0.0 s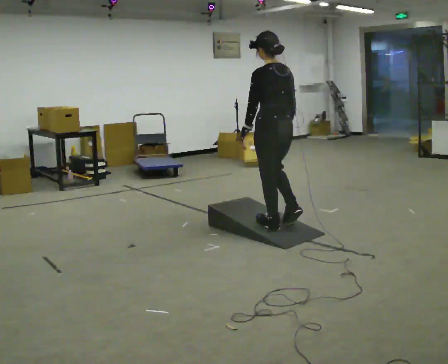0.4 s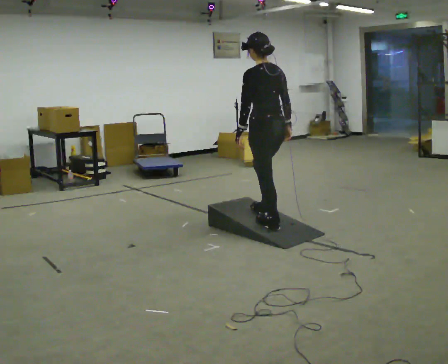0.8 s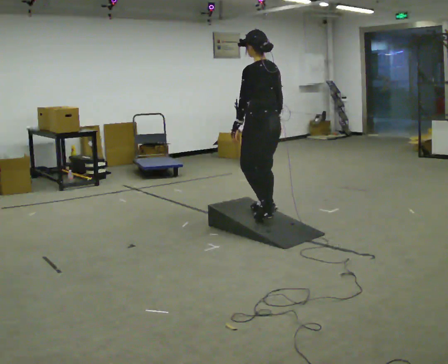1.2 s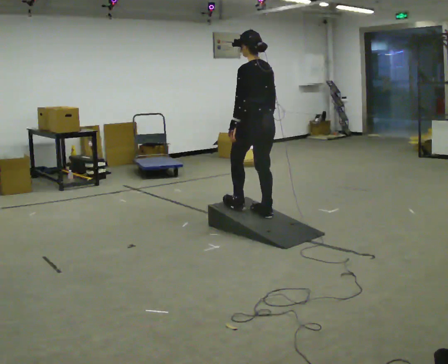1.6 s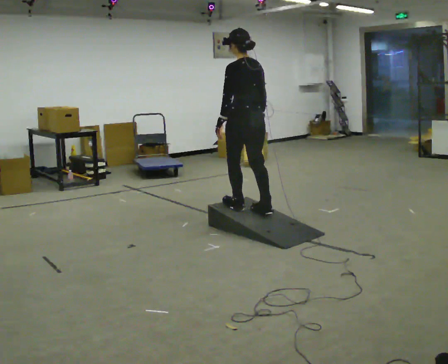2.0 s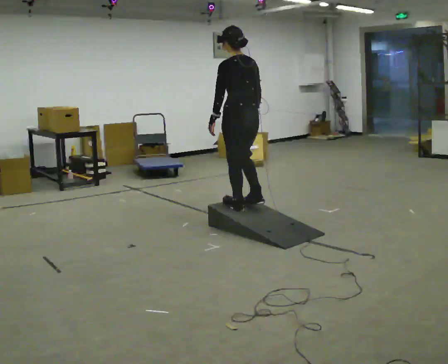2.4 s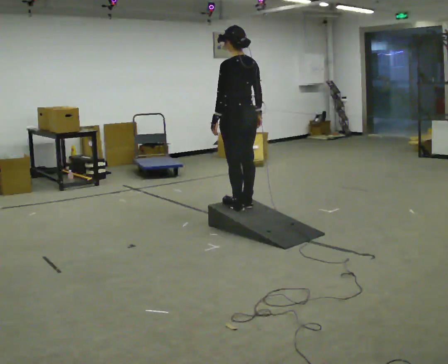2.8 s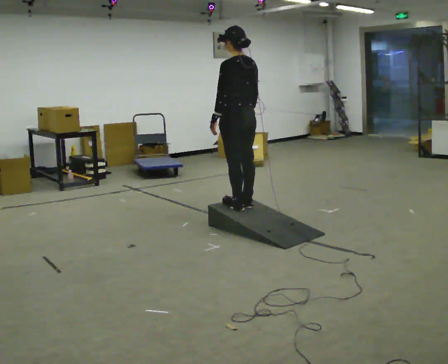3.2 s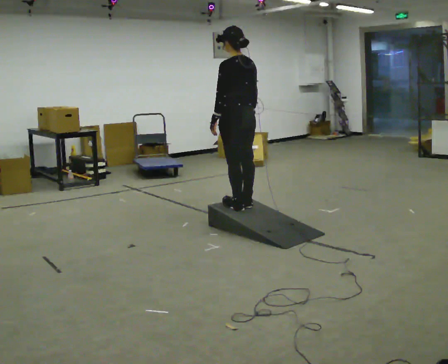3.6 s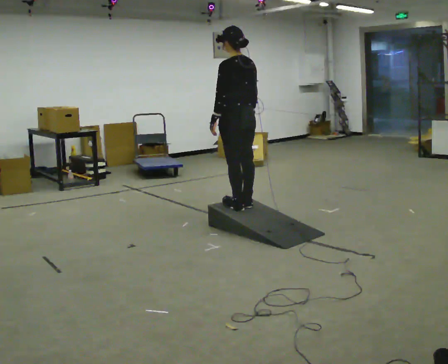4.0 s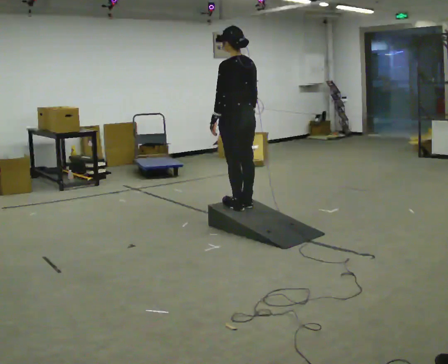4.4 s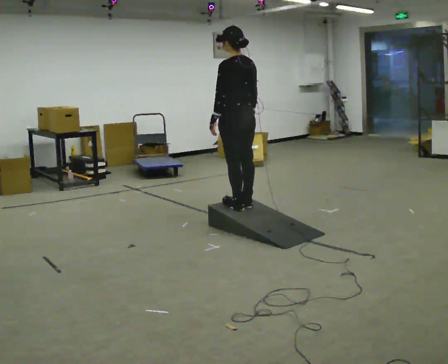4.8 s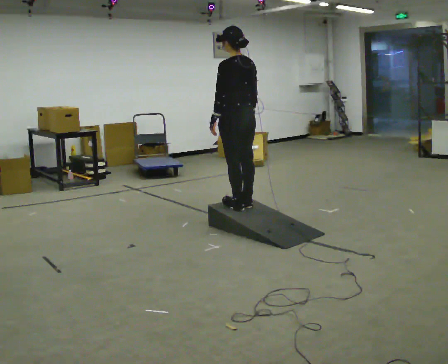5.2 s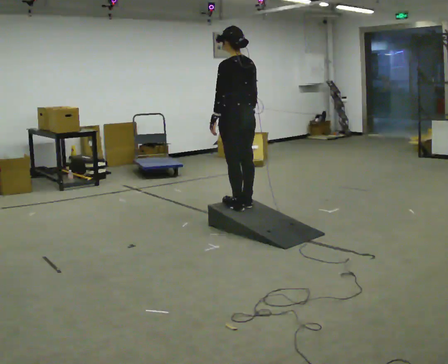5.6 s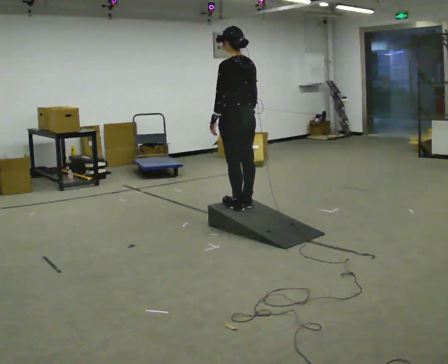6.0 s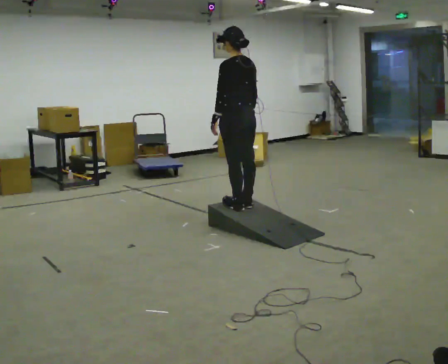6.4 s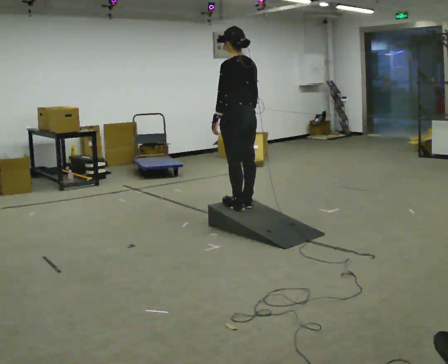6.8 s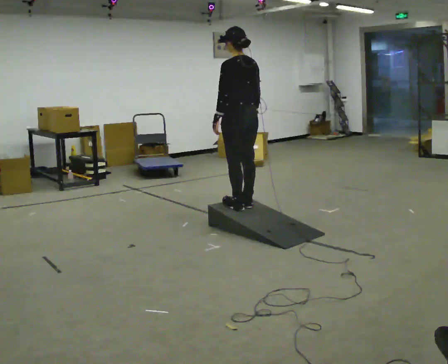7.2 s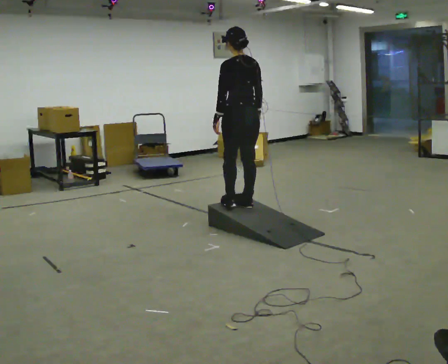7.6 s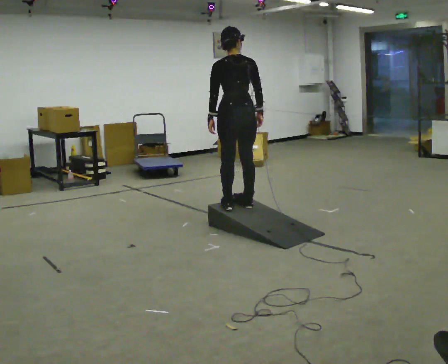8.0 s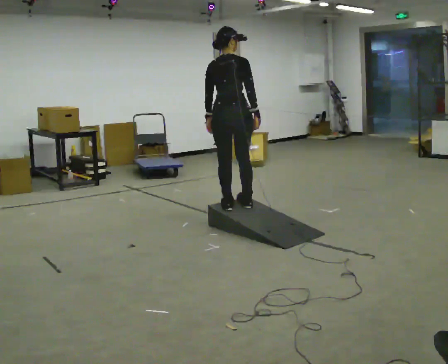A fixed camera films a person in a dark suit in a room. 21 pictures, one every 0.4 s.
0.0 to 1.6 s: In the picture they go away from the camera and to the left, about 0.25 m in 2 steps, which for them is forward.
1.6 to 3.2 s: The person moves a little, or ends about where they began.
3.2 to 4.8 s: The person keeps their place and pose.
4.8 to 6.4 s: The person moves a little, or ends about where they began.
6.4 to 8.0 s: Seen from above the body turns clockwise, about 60 degrees: to their right, with its near side sliding to the left.
The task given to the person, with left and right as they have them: Walk up the ramp, turn at the top, and walk back down at a comfortable speed.
The film runs forward here.
